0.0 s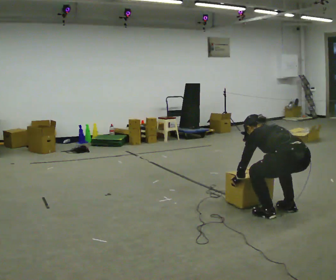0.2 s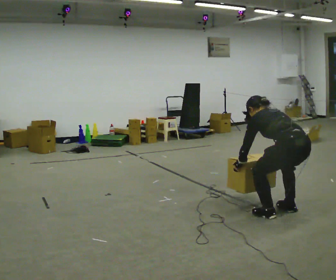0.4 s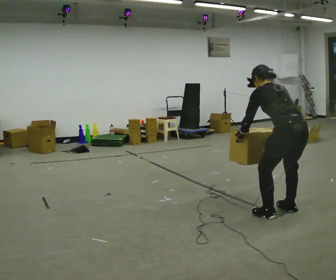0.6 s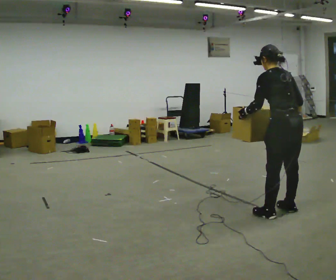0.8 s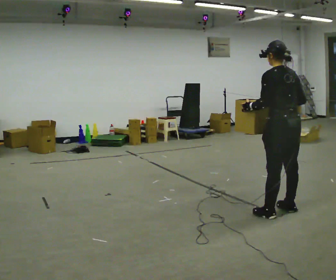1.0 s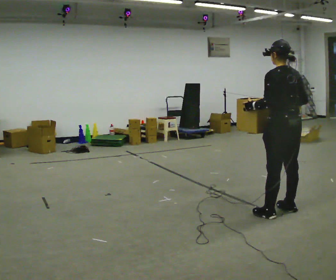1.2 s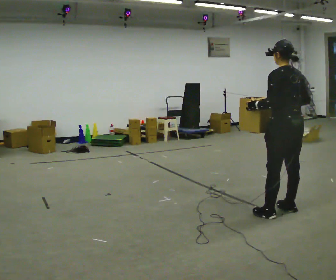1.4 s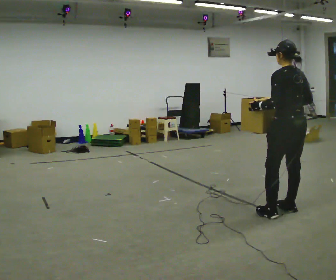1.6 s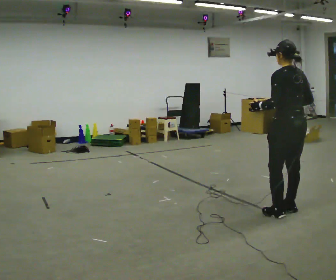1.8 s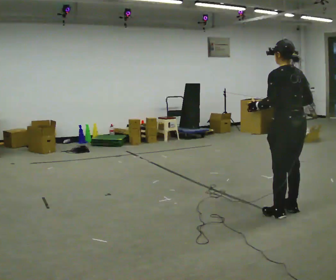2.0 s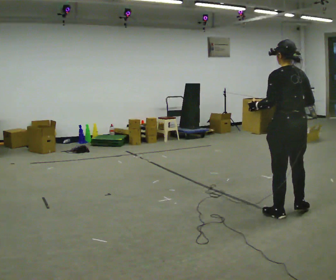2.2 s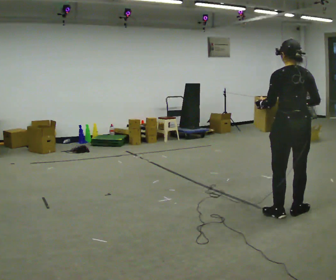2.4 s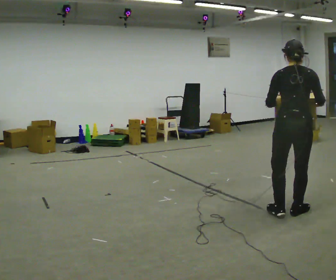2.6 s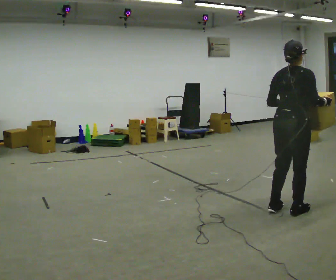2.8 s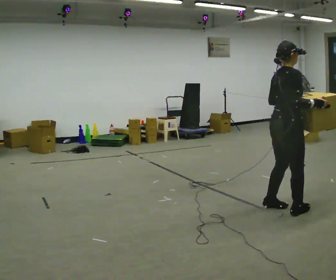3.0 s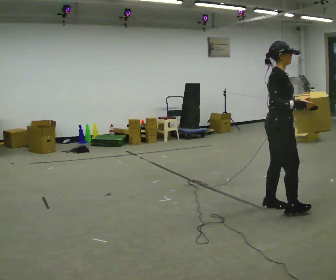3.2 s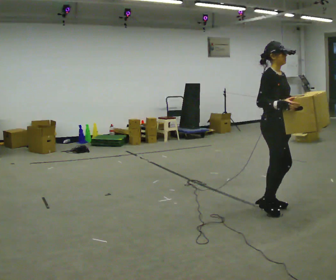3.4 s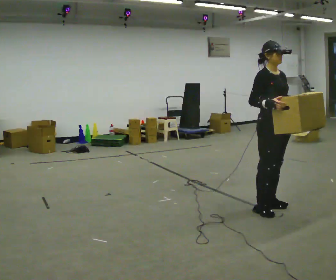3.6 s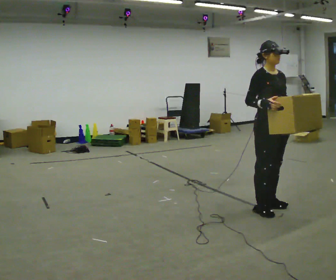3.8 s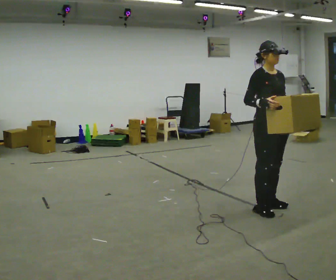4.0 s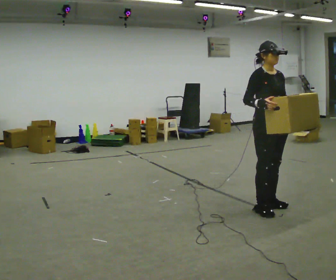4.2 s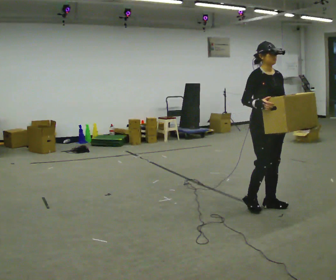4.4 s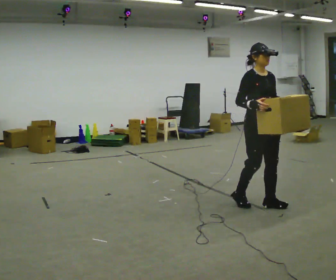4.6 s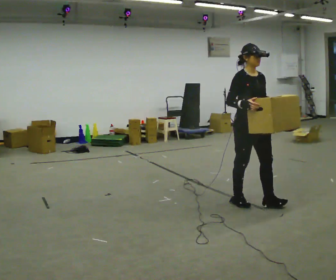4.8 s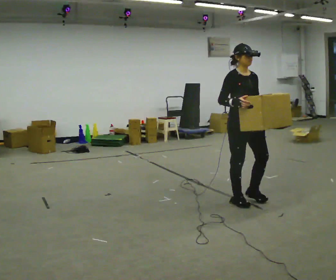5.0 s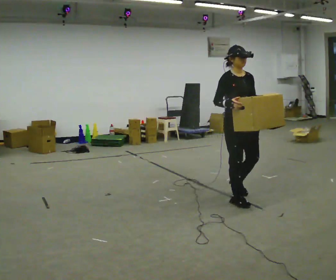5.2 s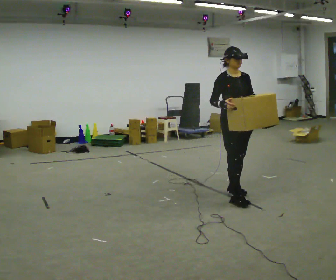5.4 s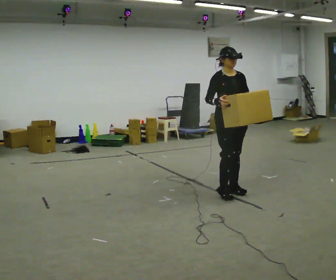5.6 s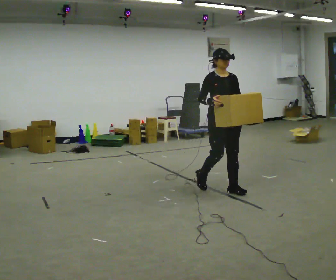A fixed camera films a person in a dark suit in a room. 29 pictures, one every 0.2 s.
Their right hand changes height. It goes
upward.
The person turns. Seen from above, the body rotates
clockwise.
0.0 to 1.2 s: The upper body goes upward. In the picture the upper body tilts clockwise, shoulders to the right, as they lean back or straighten. In the picture their left hand goes upward.
1.2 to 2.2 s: The person moves a little, or ends about where they began.
2.2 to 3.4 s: The person turns about 150 degrees to their right, clockwise seen from above, so the part of the body nearest the lens slides to the left. In the picture they go to the left and away from the camera, about 0.25 m in 2 steps.
3.4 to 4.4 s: The person moves a little, or ends about where they began.
4.4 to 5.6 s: In the picture they go away from the camera and to the left, about 0.75 m in 2 steps, which for them is backward.
The film runs backward here.
